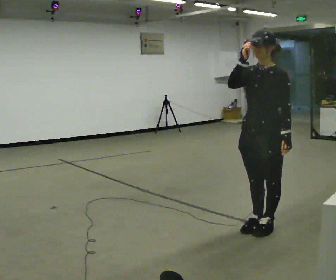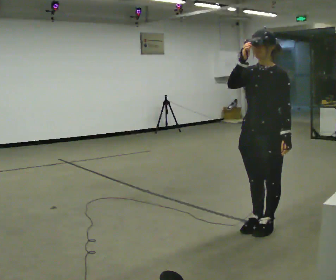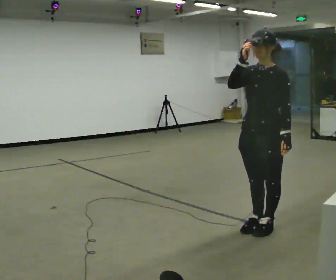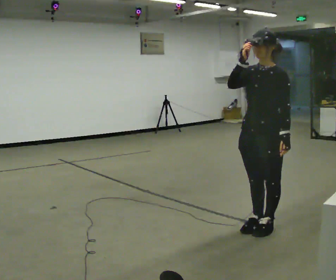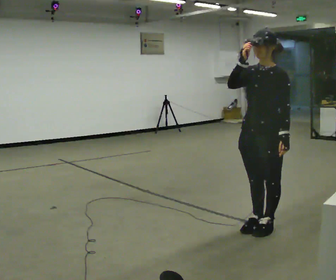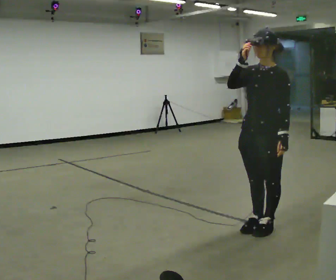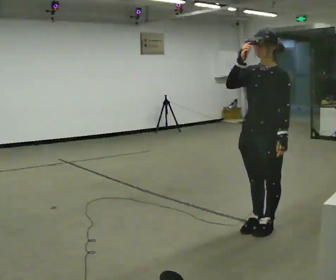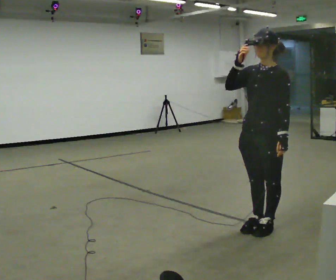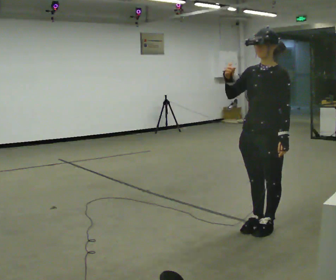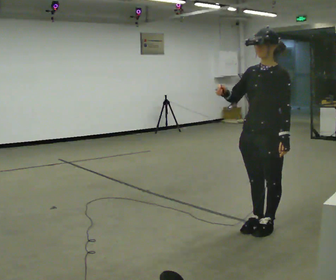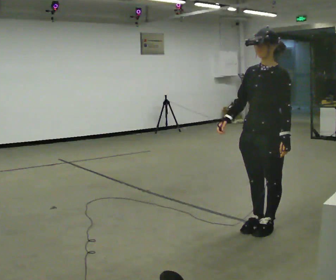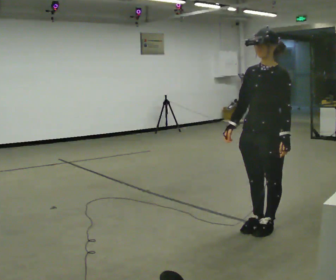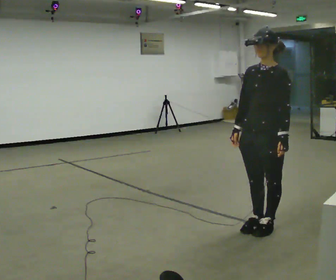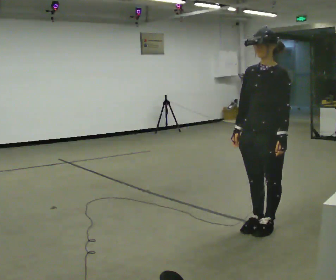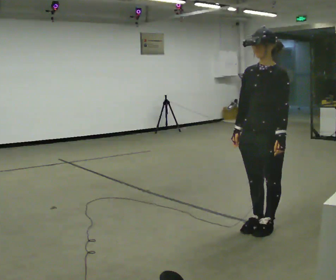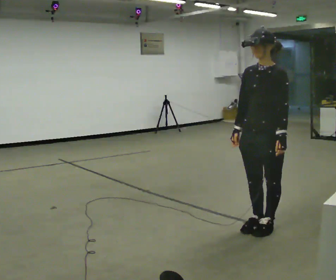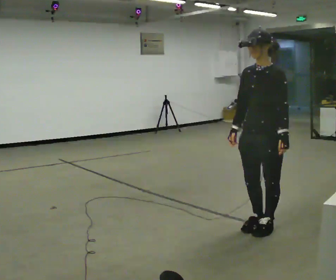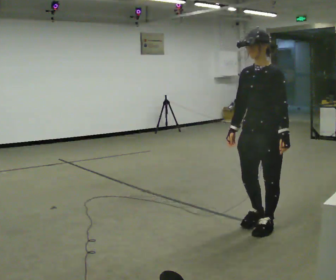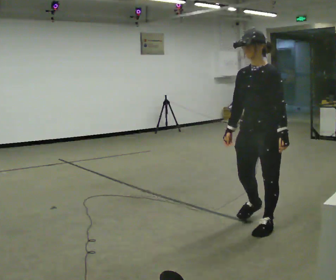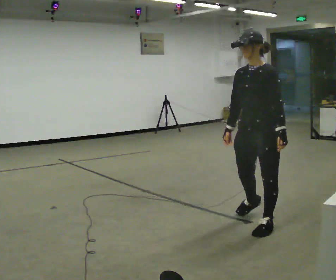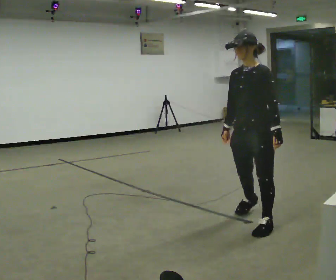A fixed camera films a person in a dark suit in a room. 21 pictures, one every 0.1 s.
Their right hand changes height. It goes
downward.
0.0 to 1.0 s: In the picture their right hand goes downward.
1.0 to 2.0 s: The person moves a little, or ends about where they began.
The film runs backward here.
